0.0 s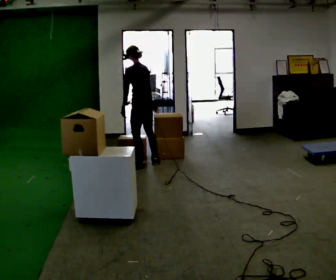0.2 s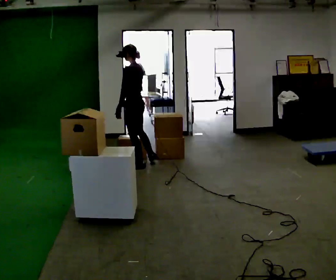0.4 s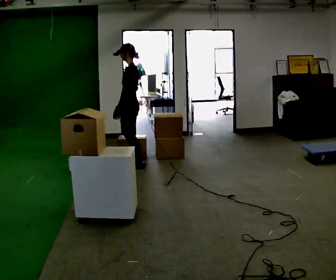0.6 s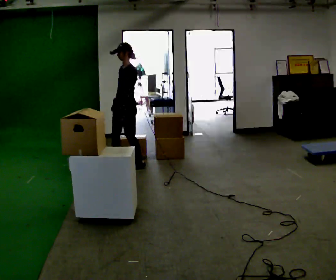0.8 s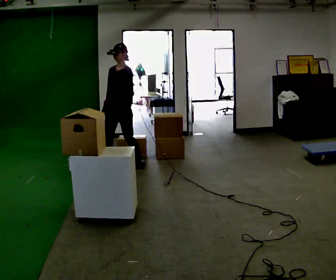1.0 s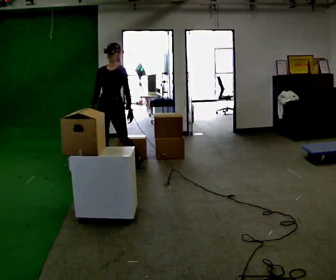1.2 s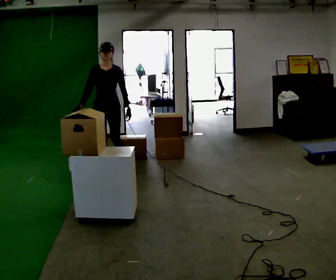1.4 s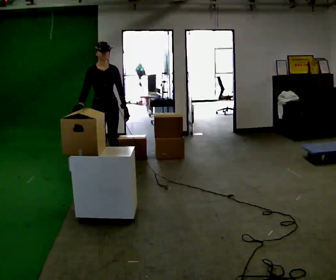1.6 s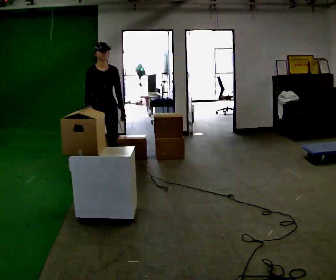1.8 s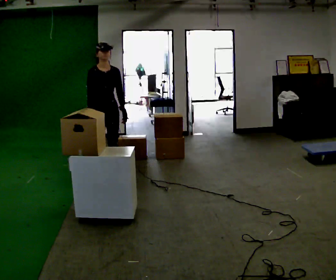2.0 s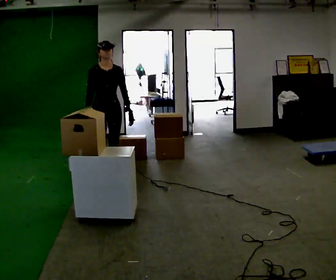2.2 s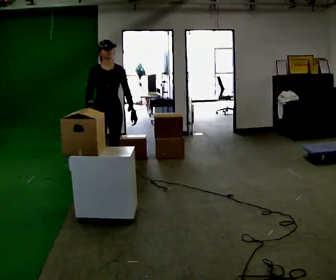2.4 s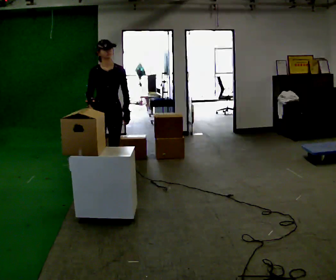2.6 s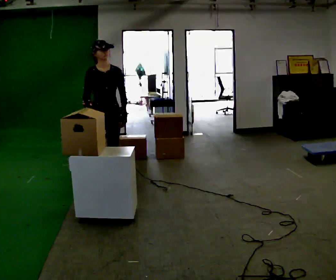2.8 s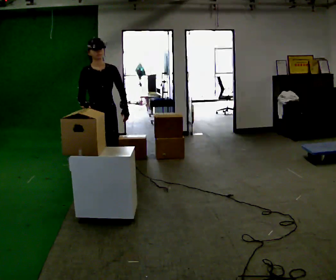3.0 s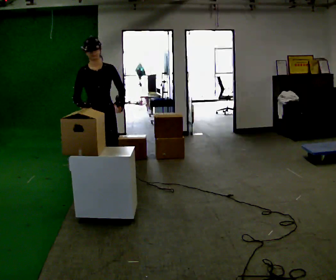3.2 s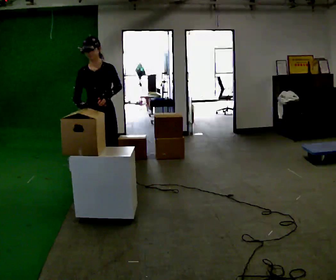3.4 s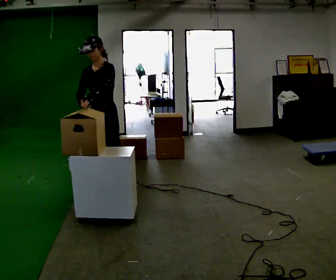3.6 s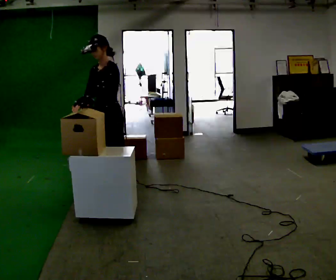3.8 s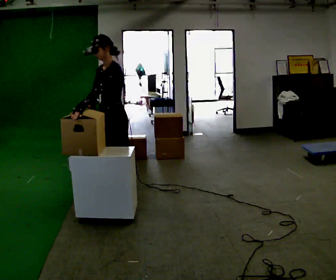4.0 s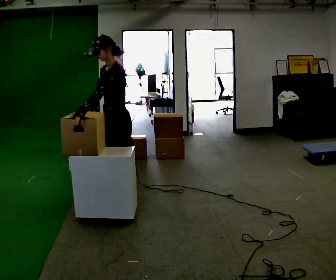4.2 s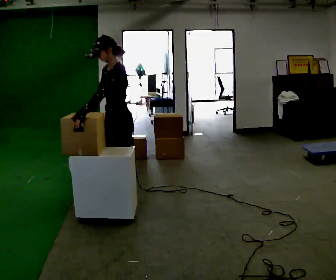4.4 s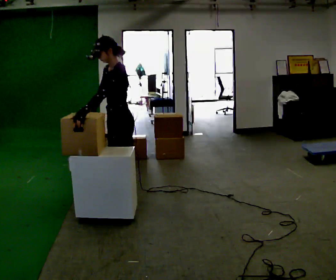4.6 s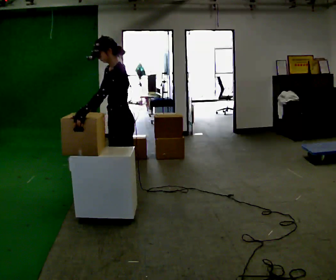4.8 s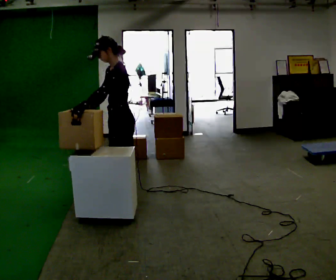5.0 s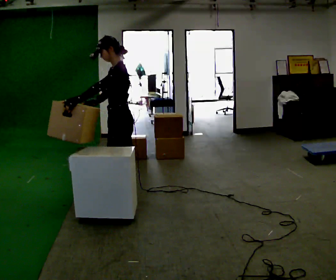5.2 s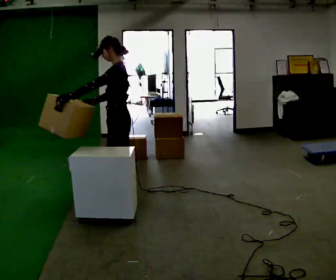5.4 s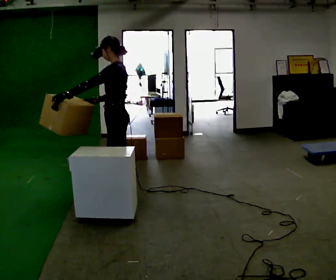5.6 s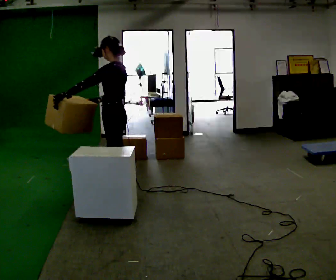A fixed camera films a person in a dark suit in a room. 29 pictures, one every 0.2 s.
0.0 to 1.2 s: Seen from above the body turns counterclockwise, about 135 degrees: to their left, with its near side sliding to the right. In the picture they go to the left and toward the camera, about 0.5 m in 1 step.
1.2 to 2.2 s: In the picture they go toward the camera, about 0.5 m in 1 step, which for them is forward.
2.2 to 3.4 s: The part of the body nearest the lens slides to the left as the person turns to their right by about 45 degrees. In the picture they go toward the camera, about 0.5 m in 2 steps, which for them is forward.
3.4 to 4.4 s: The part of the body nearest the lens slides to the left as the person turns to their right by about 45 degrees. In the picture they go toward the camera, about 0.25 m, which for them is to their left.
4.4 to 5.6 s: The part of the body nearest the lens slides to the left as the person turns to their right by about 30 degrees.
The film runs forward here.
